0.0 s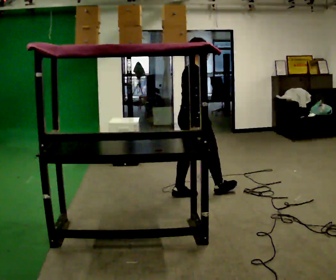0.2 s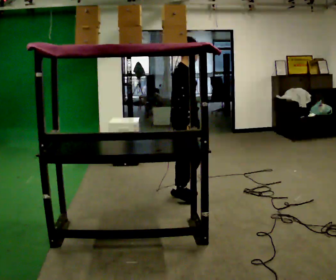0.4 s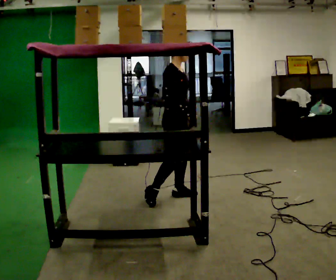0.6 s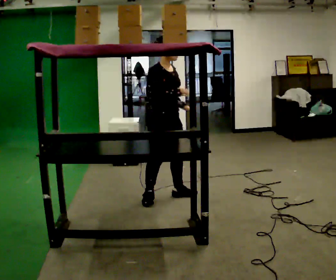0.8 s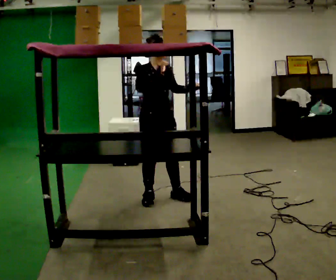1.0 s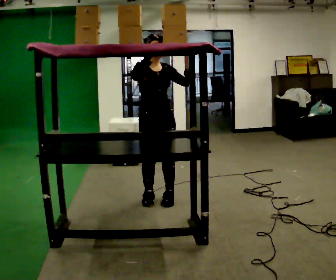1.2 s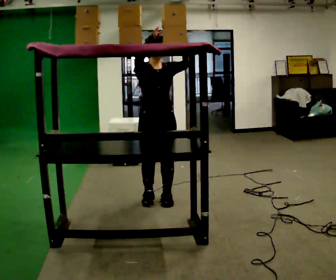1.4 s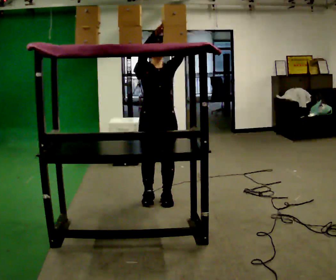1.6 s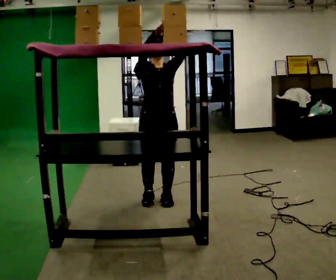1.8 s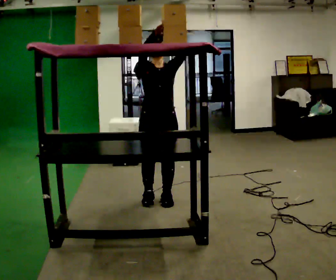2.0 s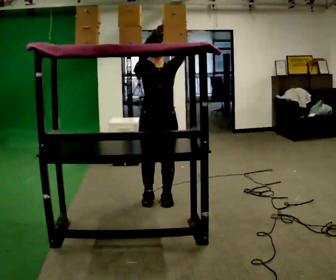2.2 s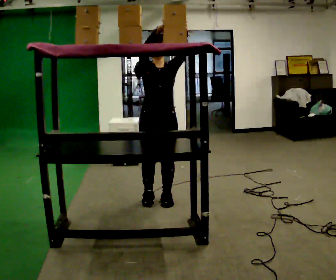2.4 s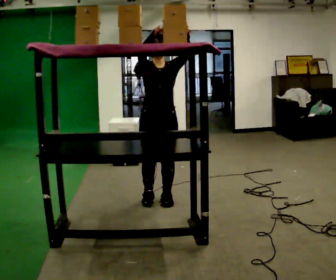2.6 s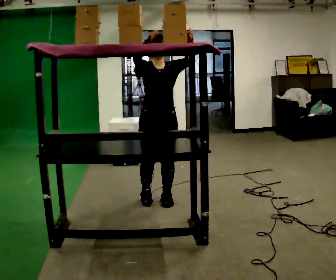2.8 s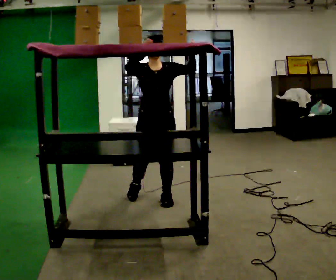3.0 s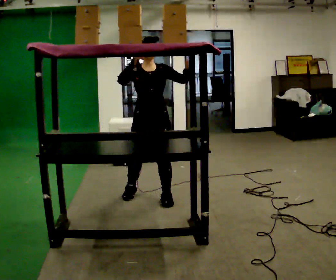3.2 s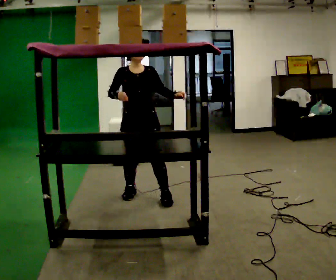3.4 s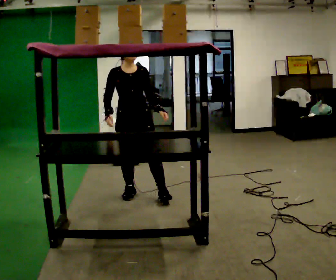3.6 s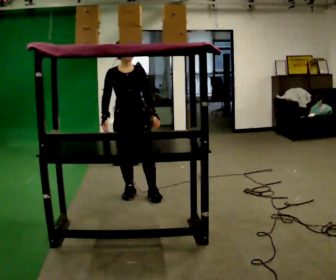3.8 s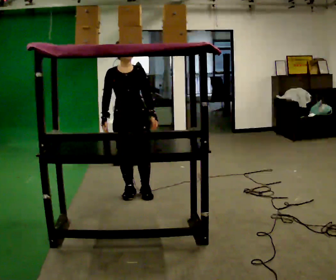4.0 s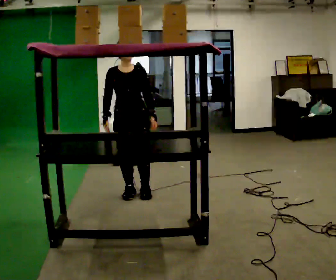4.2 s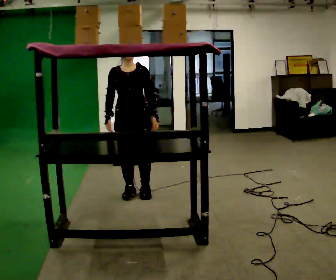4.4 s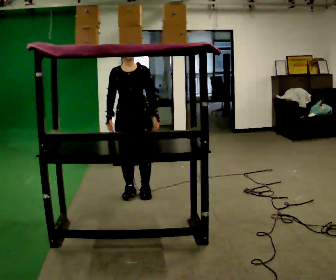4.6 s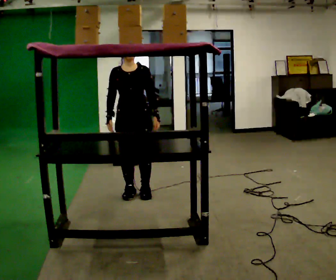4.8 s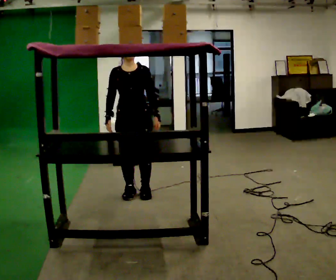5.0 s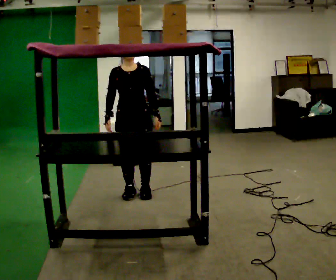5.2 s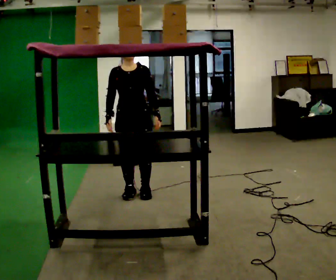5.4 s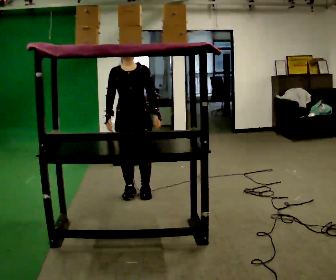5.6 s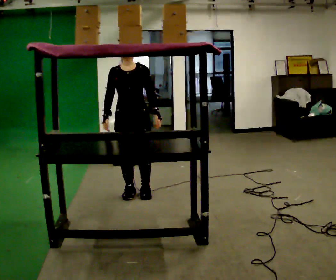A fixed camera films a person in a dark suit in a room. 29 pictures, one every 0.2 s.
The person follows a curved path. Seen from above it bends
clockwise.
The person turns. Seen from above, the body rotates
clockwise.
0.0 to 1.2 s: The person turns about 90 degrees to their right, clockwise seen from above, so the part of the body nearest the lens slides to the left. In the picture they go to the left, about 0.5 m. In the picture their left hand goes upward, the arm swinging counterclockwise.
1.2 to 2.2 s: The person moves a little, or ends about where they began.
2.2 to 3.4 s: In the picture they go to the left and away from the camera, about 0.25 m in 1 step, which for them is to their right and backward. In the picture their left hand goes downward, the arm swinging clockwise.
3.4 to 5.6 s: The person moves a little, or ends about where they began.
The film runs backward here.
